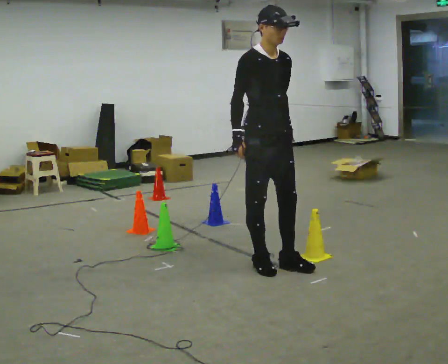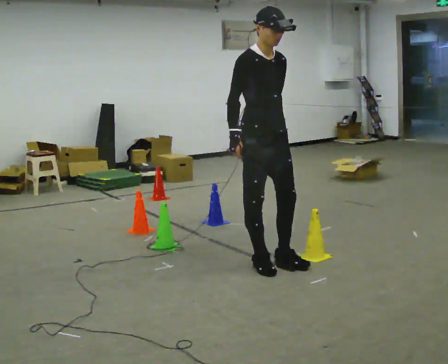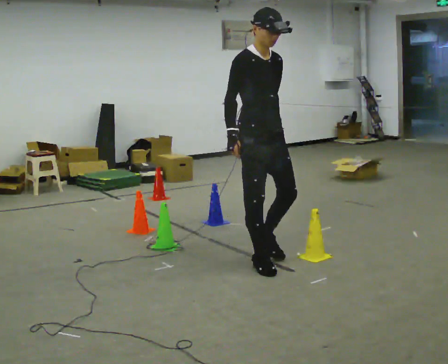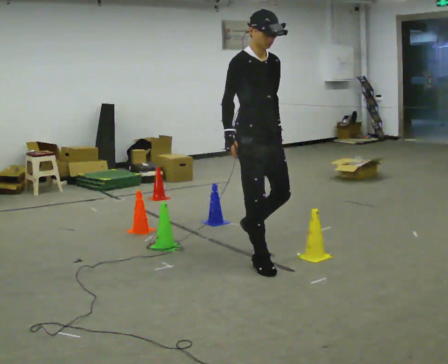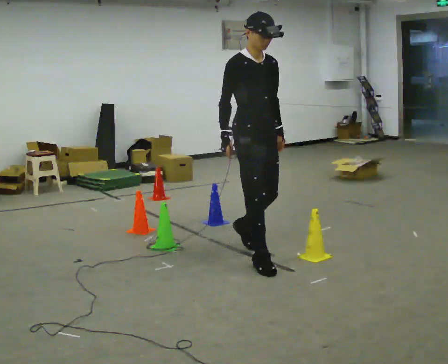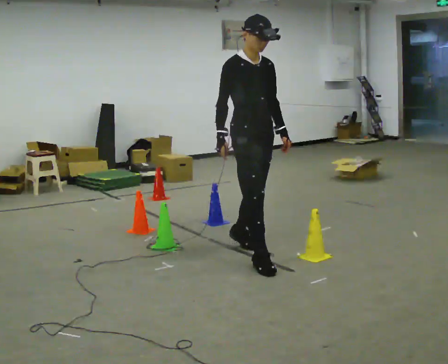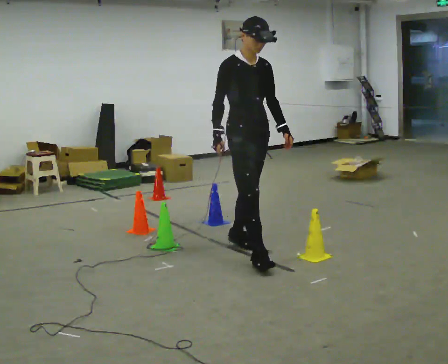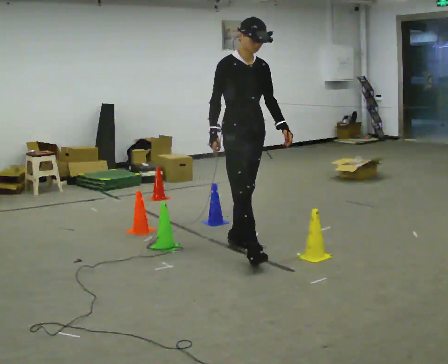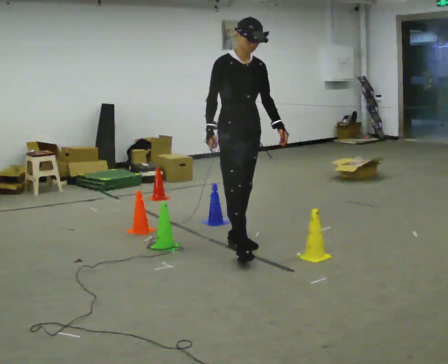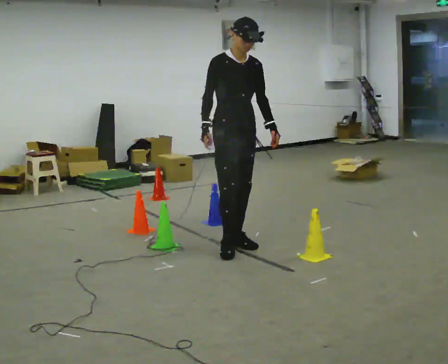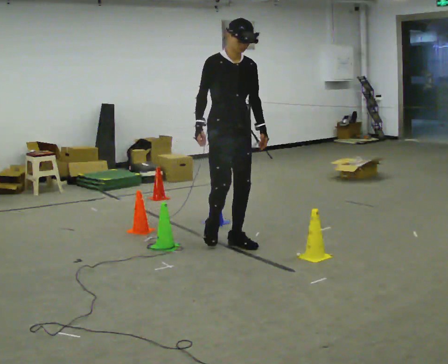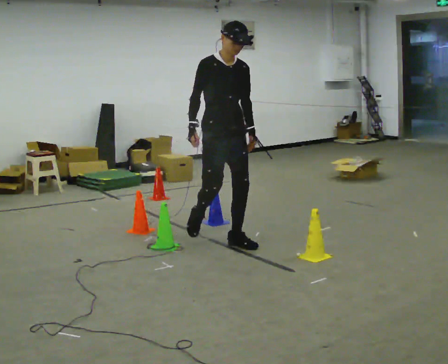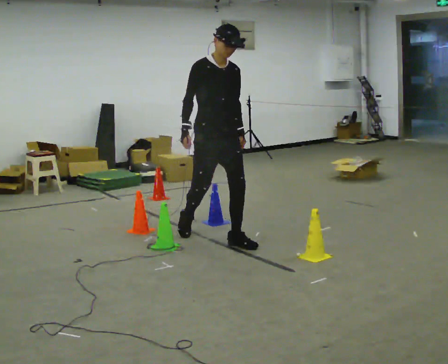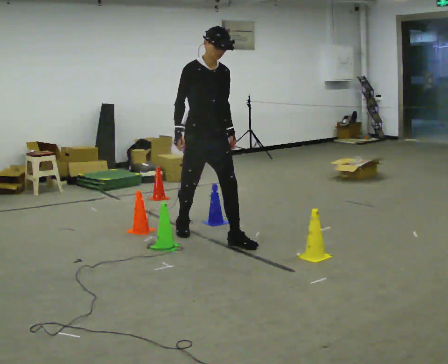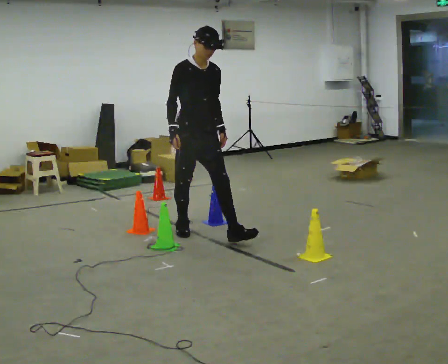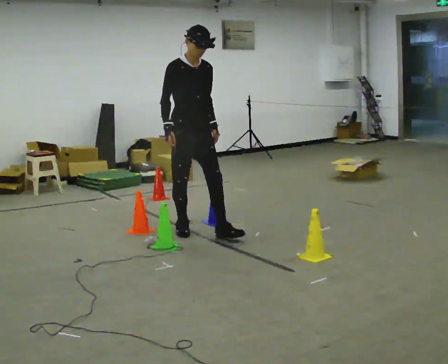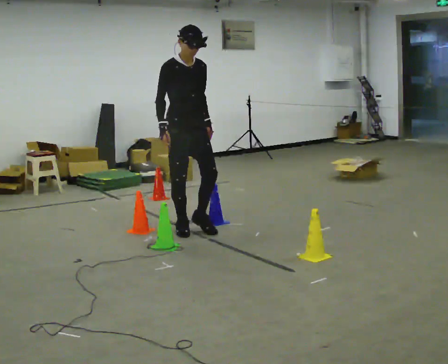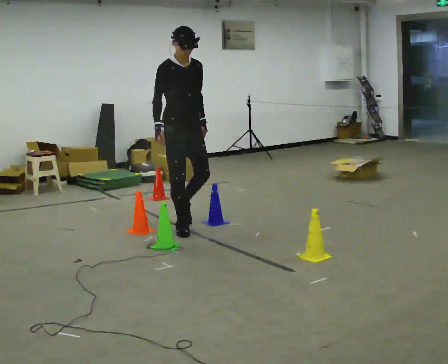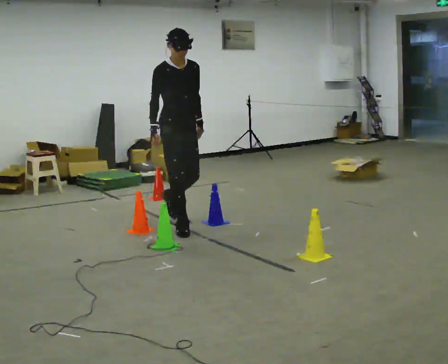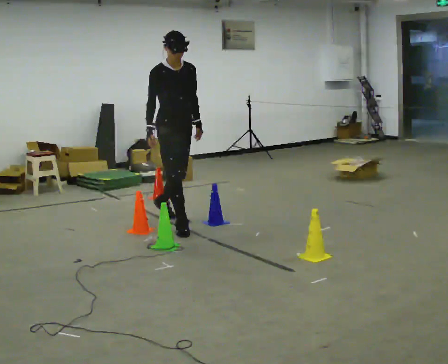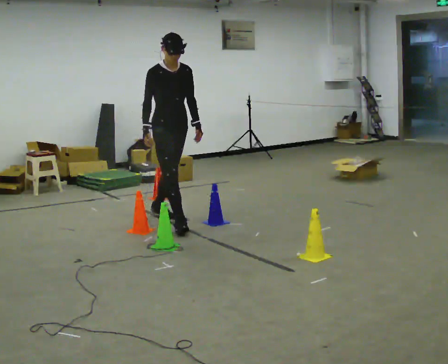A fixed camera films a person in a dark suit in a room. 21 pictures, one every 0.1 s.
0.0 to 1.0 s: In the picture they go away from the camera and to the left, about 0.5 m in 2 steps, which for them is backward.
1.0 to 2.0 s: In the picture they go away from the camera and to the left, about 1 m in 1 step, which for them is backward.
The film runs backward here.
